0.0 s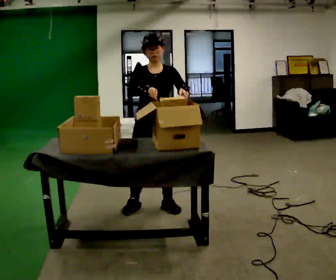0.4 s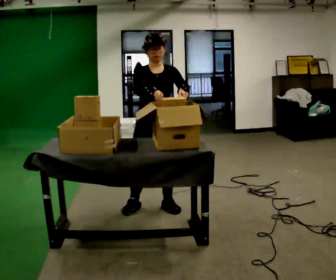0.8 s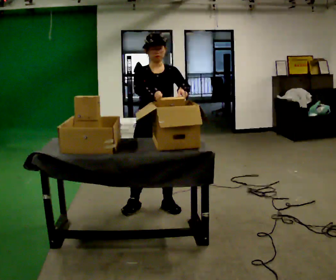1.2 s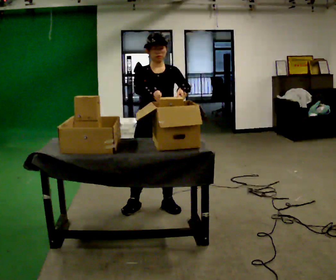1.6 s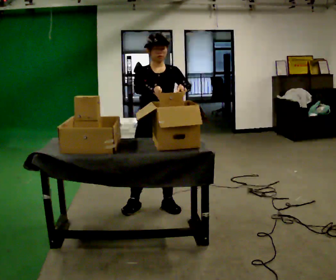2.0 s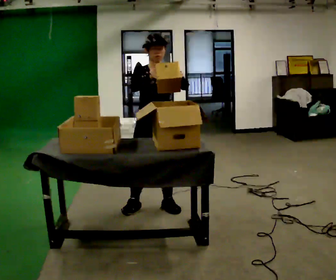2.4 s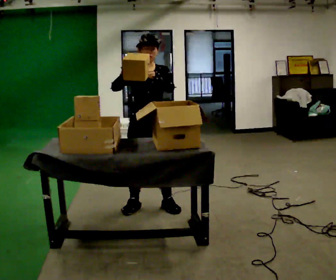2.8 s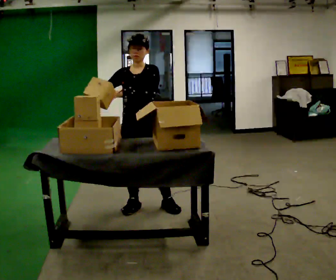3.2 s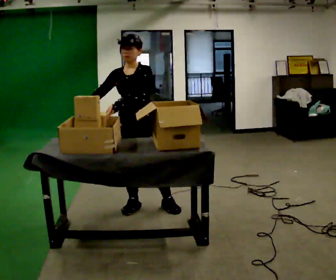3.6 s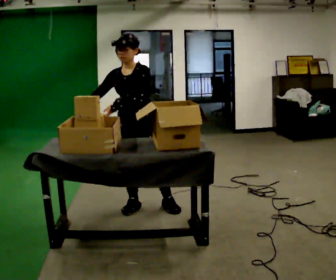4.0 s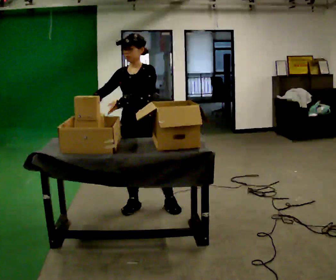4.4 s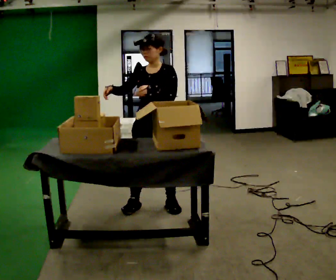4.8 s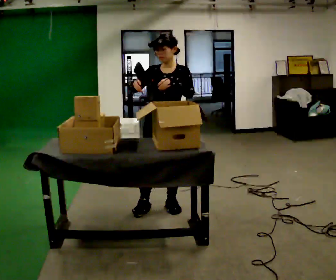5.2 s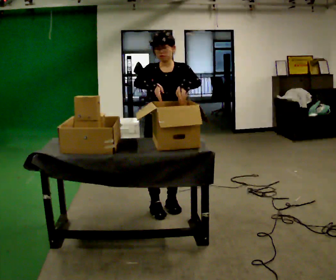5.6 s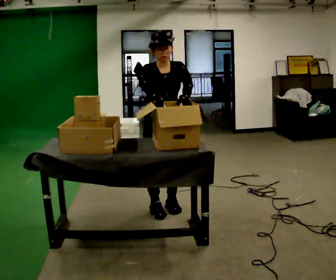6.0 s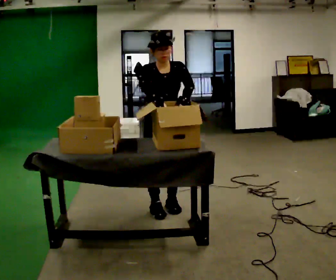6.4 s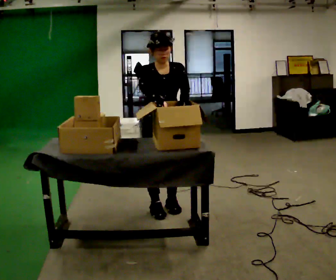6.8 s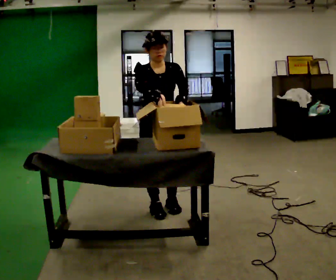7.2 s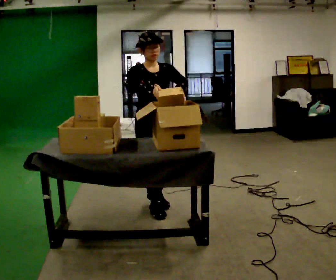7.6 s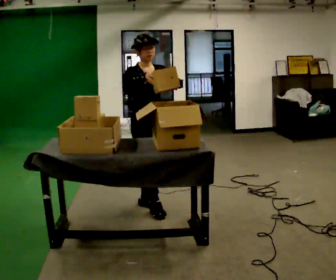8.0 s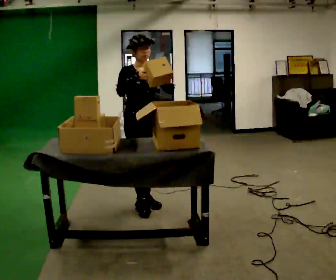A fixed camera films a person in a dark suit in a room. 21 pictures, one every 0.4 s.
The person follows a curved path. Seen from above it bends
counterclockwise.
0.0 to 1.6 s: The person moves a little, or ends about where they began.
1.6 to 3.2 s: In the picture they go to the left, about 0.25 m, which for them is to their right. In the picture their left hand goes to the left.
3.2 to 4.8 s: In the picture they go to the right, about 0.25 m in 1 step, which for them is to their left.
4.8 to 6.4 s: The part of the body nearest the lens slides to the right as the person turns to their left by about 30 degrees.
6.4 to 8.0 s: In the picture they go to the left, about 0.25 m in 2 steps, which for them is backward. The upper body tips away from the camera, its near side rolling upward, as they lean back or straighten.
The film runs backward here.
